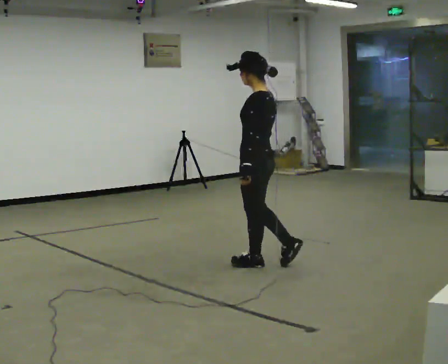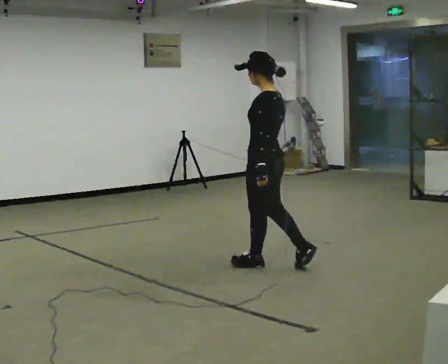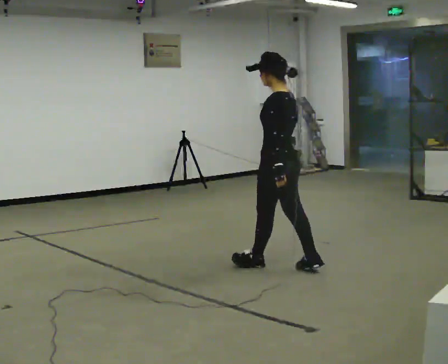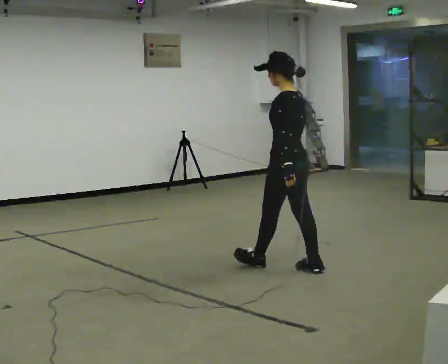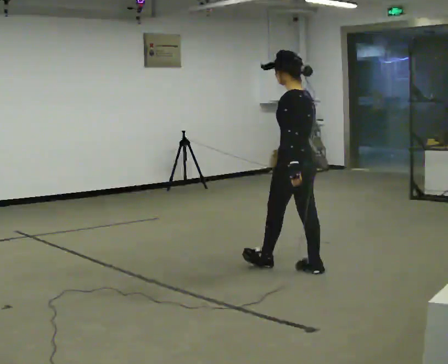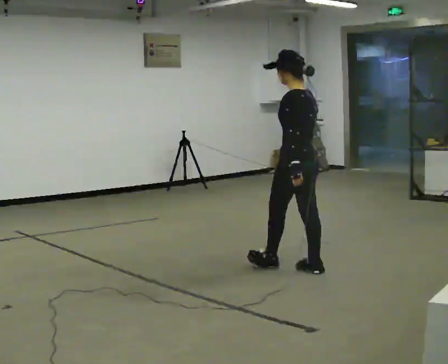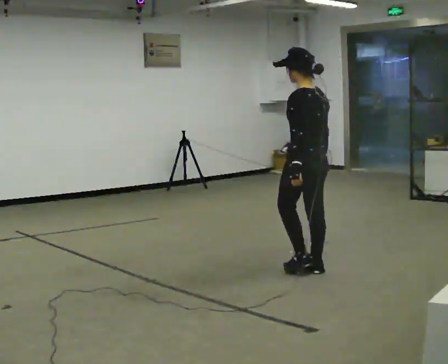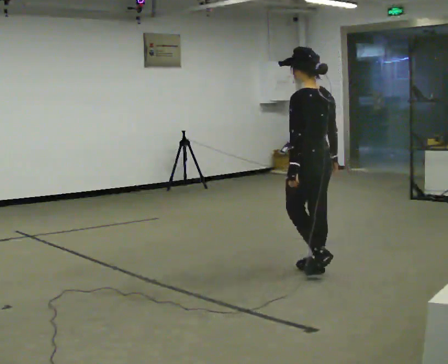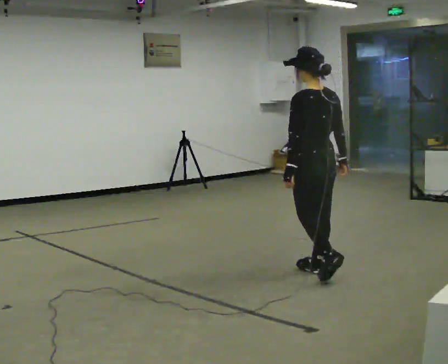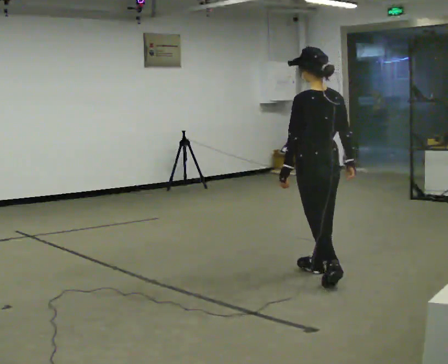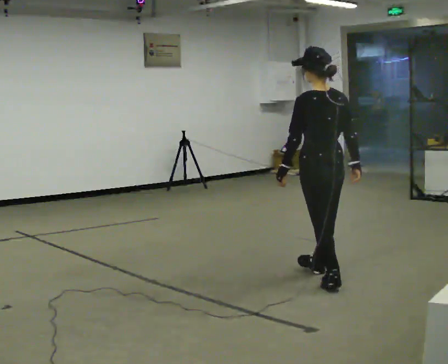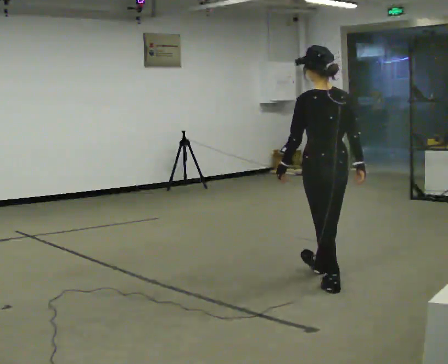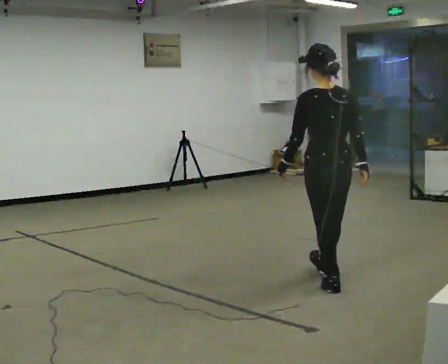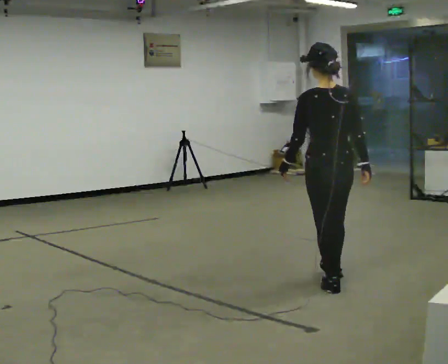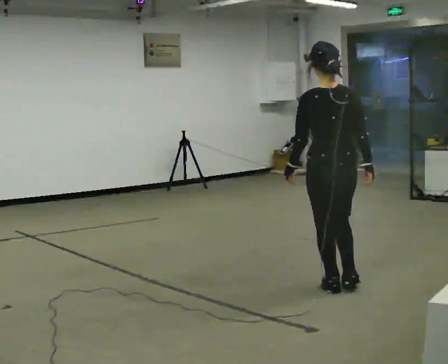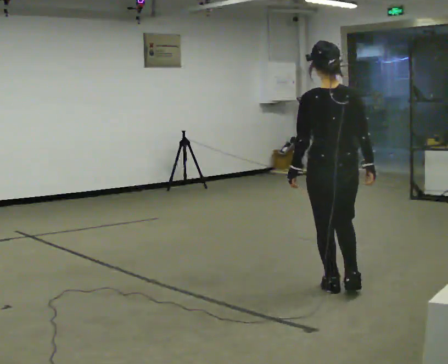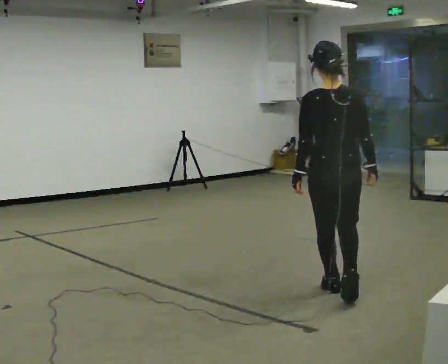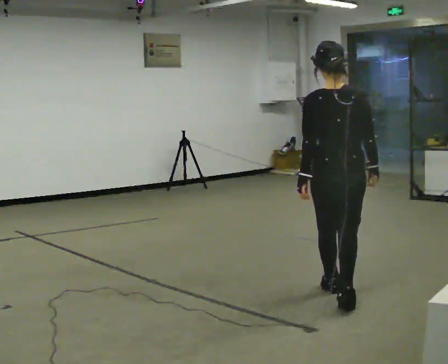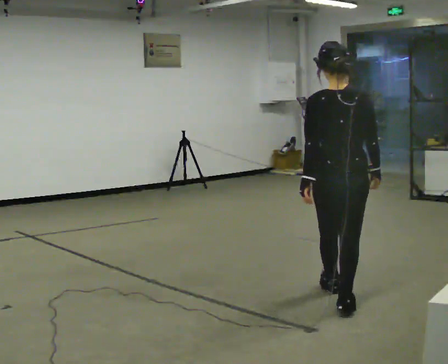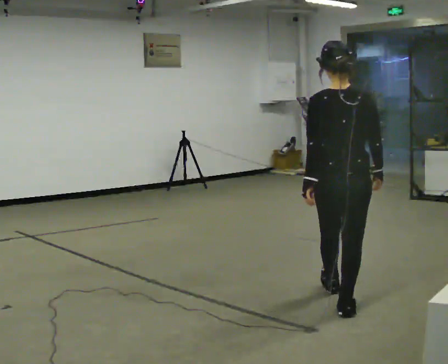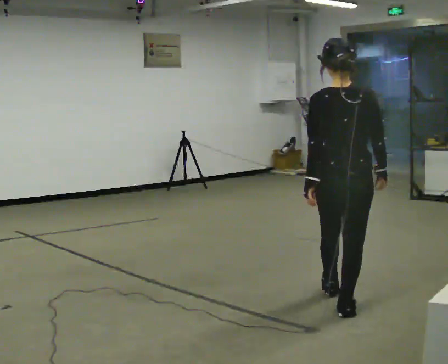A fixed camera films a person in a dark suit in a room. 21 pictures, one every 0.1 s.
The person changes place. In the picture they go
toward the camera.
The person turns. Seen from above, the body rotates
clockwise.
0.0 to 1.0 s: The part of the body nearest the lens slides to the left as the person turns to their right by about 45 degrees. In the picture they go to the right and toward the camera, about 0.5 m in 1 step, which for them is backward.
1.0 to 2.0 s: The part of the body nearest the lens slides to the left as the person turns to their right by about 30 degrees. In the picture they go toward the camera, about 0.75 m in 2 steps, which for them is backward.
The film runs backward here.
